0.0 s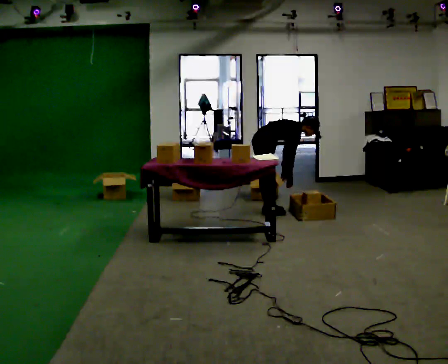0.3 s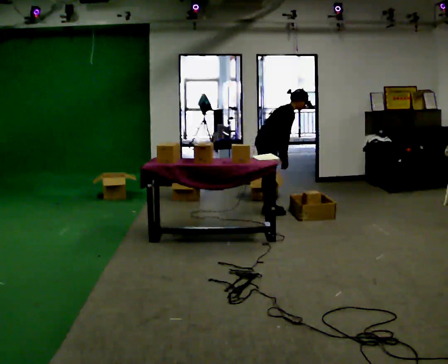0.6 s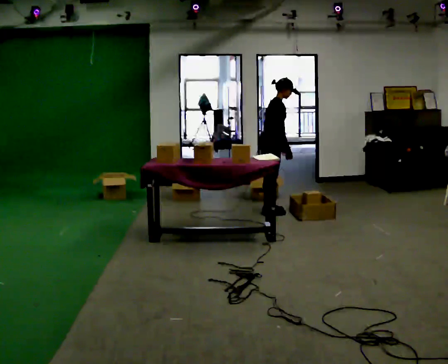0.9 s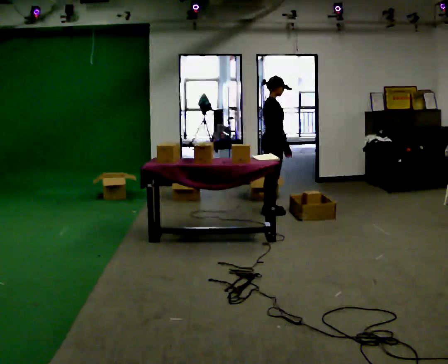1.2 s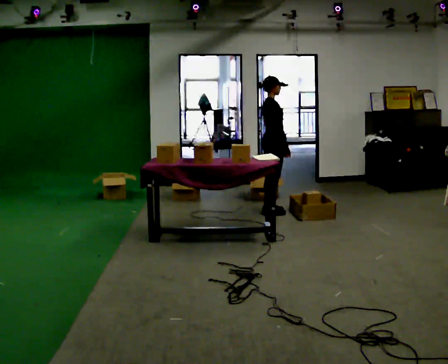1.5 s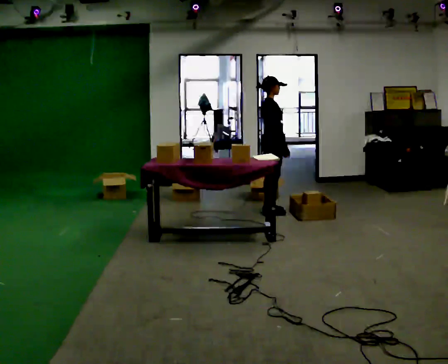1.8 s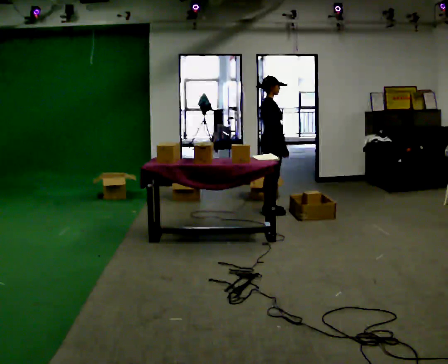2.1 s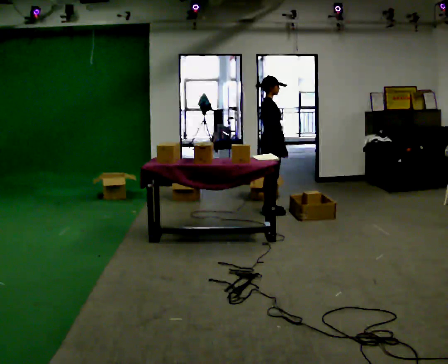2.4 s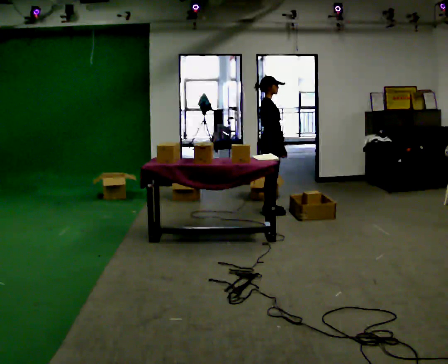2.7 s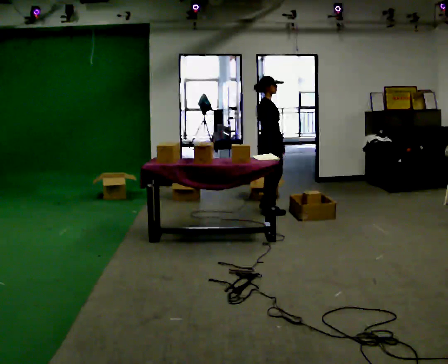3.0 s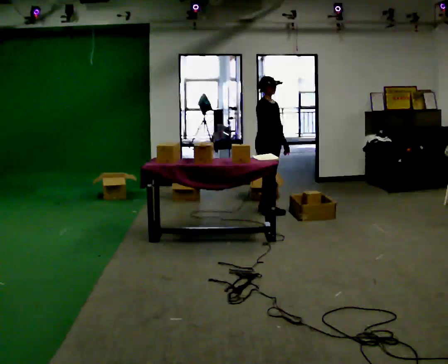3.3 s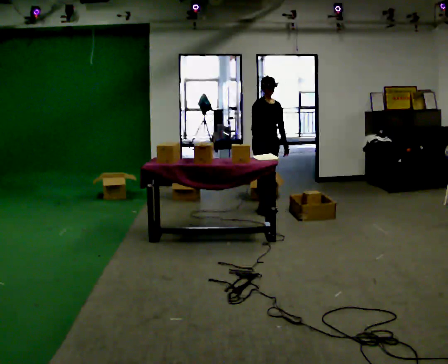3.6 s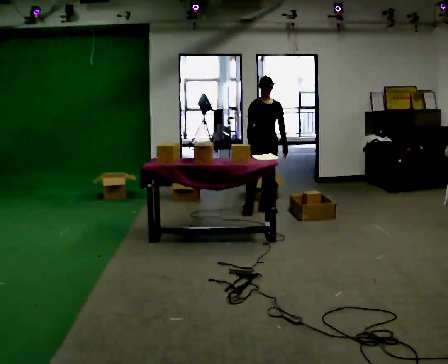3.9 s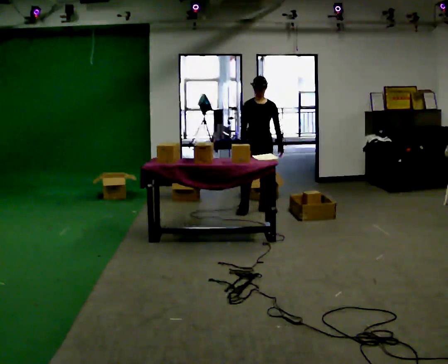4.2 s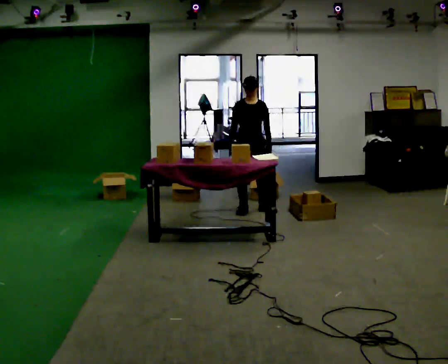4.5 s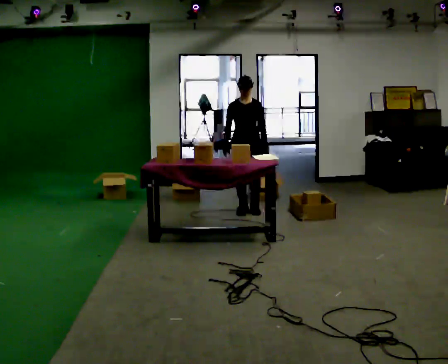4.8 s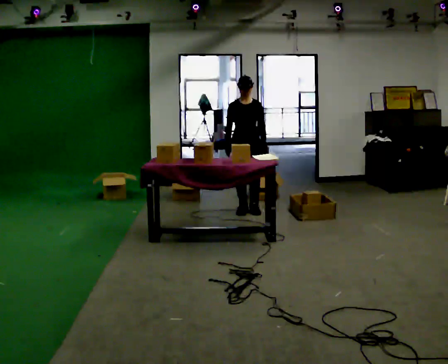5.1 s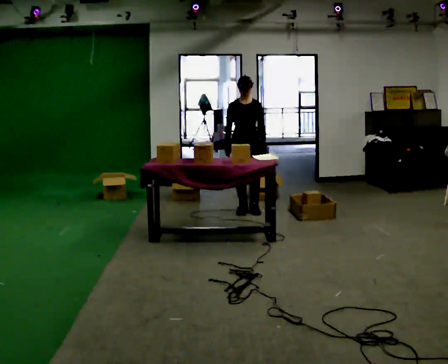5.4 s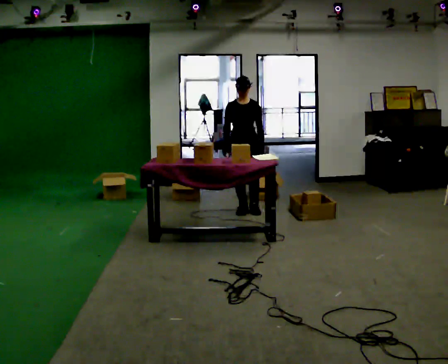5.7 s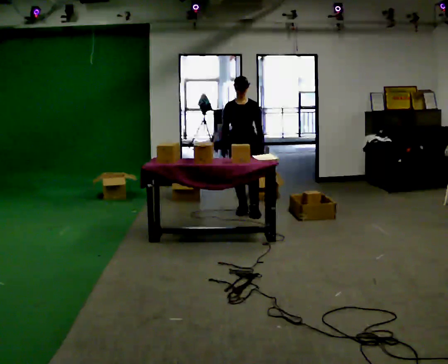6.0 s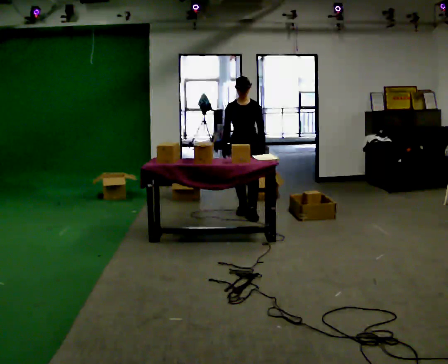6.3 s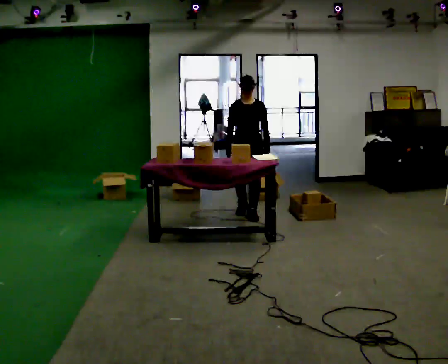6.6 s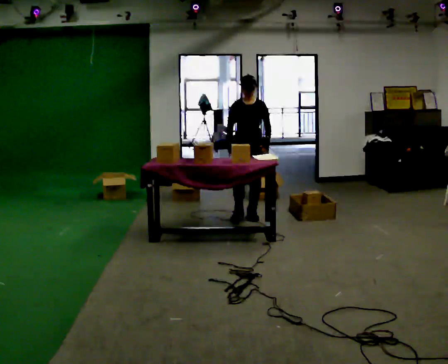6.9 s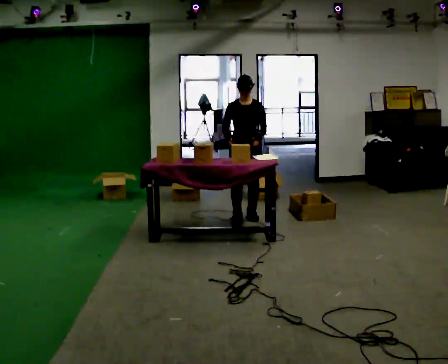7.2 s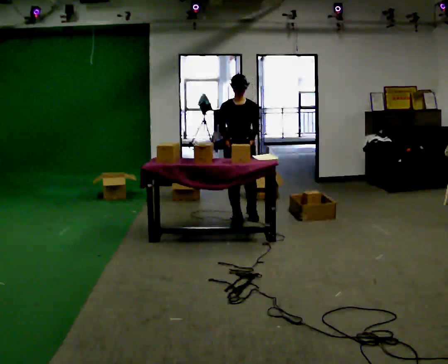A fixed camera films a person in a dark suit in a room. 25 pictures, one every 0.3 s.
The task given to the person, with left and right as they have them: 1. Read the parts list. 2. Collect each part from the bins around the room. 3. Lay them out on the table in the order on the list. 4. Put them all in the carry case. 5. Tell the operator when you are finished.
0.0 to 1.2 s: The upper body goes upward. In the picture the upper body tilts counterclockwise, shoulders to the left, as they lean back or straighten.
1.2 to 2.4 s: The person moves a little, or ends about where they began.
2.4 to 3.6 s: Seen from above the body turns clockwise, about 75 degrees: to their right, with its near side sliding to the left. In the picture their right hand goes to the left.
3.6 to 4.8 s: In the picture they go to the left, about 0.25 m in 1 step, which for them is to their right.
4.8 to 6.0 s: The person moves a little, or ends about where they began.
6.0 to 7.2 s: In the picture they go toward the camera, about 0.25 m in 1 step, which for them is forward.
The film runs forward here.
